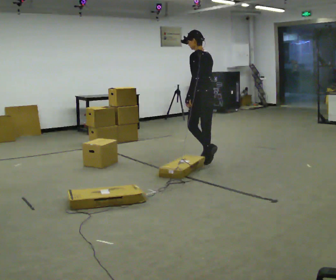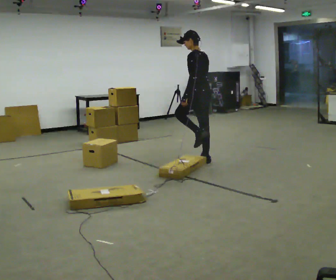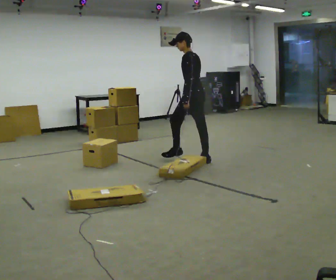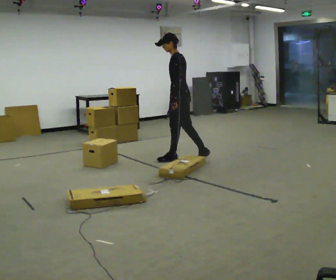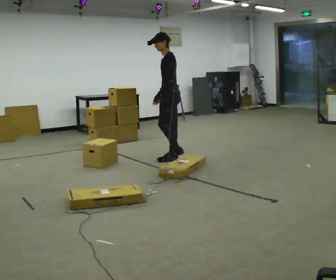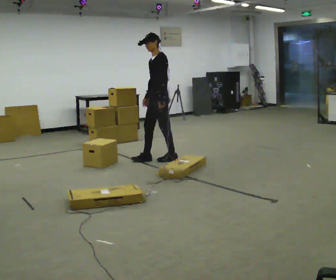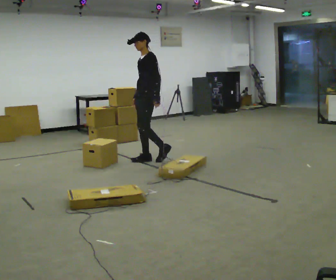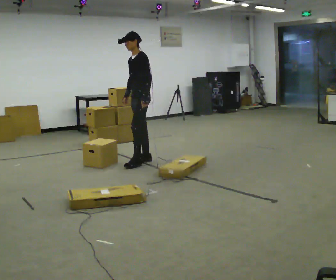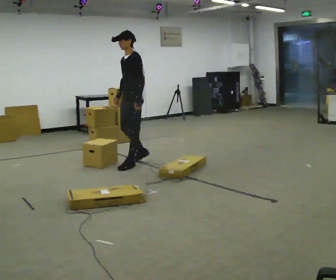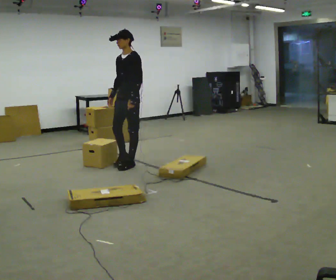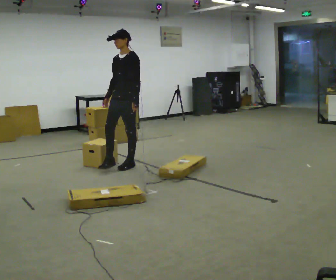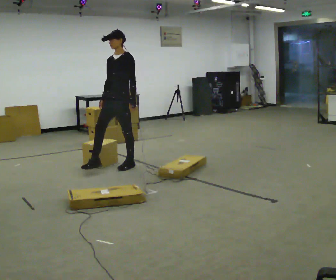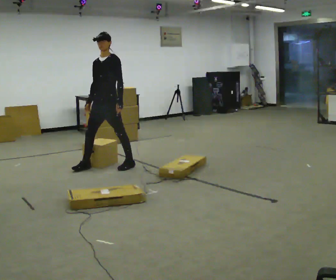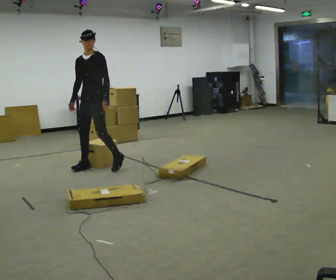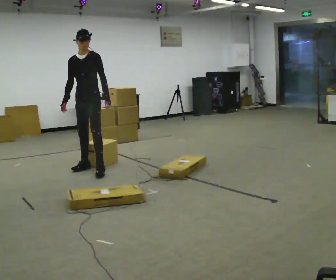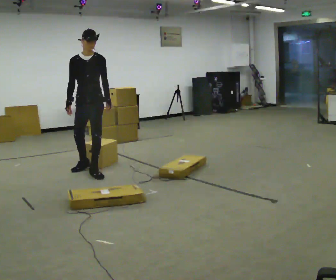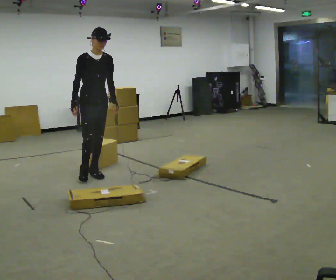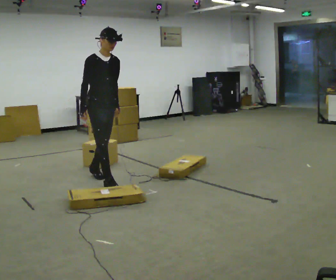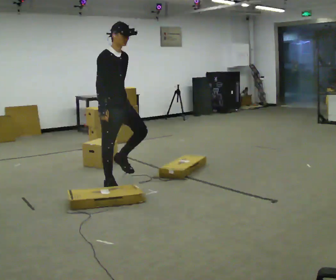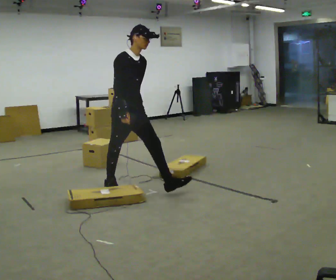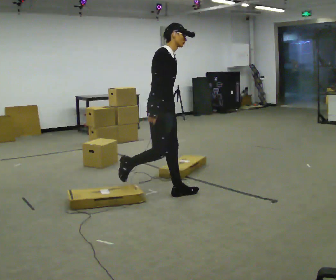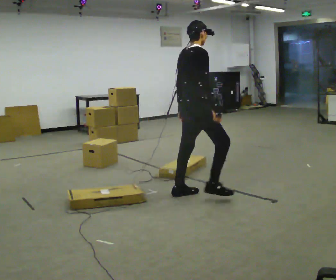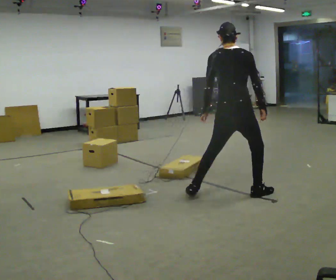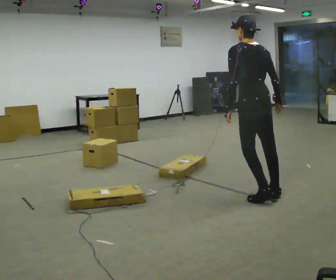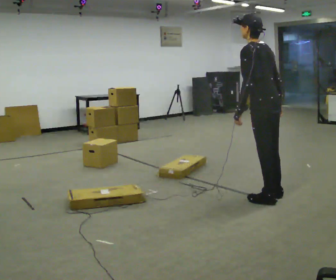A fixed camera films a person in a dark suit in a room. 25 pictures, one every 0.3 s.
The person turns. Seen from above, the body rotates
counterclockwise.
The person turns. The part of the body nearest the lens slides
to the right.
0.0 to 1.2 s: The part of the body nearest the lens slides to the right as the person turns to their left by about 60 degrees. In the picture they go to the left and away from the camera, about 0.5 m in 1 step, which for them is forward.
1.2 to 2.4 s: In the picture they go to the left, about 0.5 m in 2 steps, which for them is forward.
2.4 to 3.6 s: In the picture they go to the left, about 0.5 m in 1 step, which for them is forward and to their right.
3.6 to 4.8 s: The person turns about 75 degrees to their left, counterclockwise seen from above, so the part of the body nearest the lens slides to the right. In the picture they go toward the camera and to the left, about 0.25 m in 1 step.
4.8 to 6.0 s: The person turns about 45 degrees to their left, counterclockwise seen from above, so the part of the body nearest the lens slides to the right. In the picture they go toward the camera and to the right, about 1 m in 2 steps, which for them is forward.
6.0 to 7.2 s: Seen from above the body turns counterclockwise, about 150 degrees: to their left, with its near side sliding to the right. In the picture they go to the right and toward the camera, about 1 m in 3 steps. In the picture the upper body tilts counterclockwise, shoulders to the left.
The film runs forward here.
